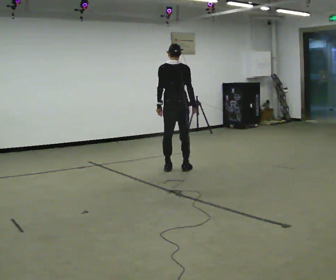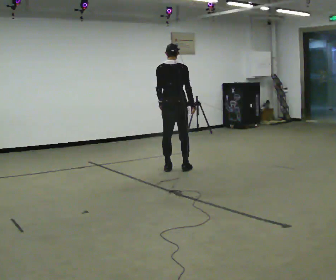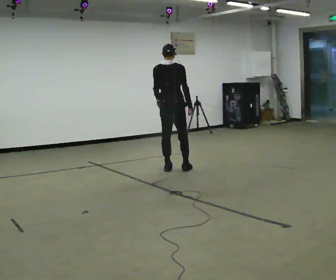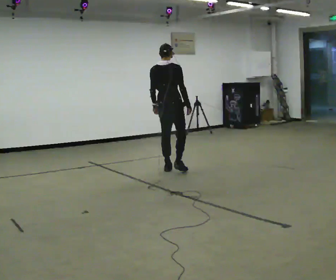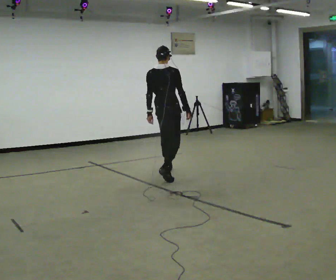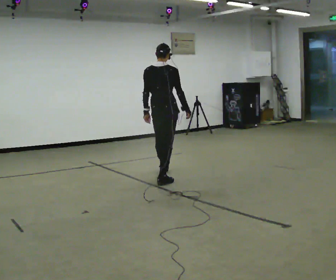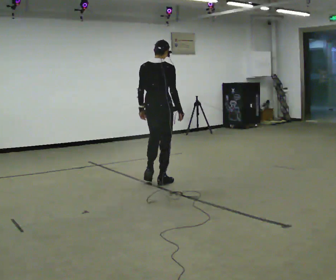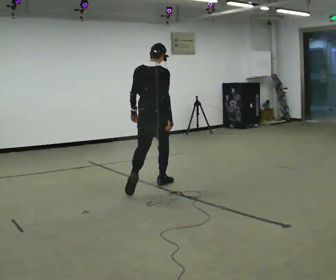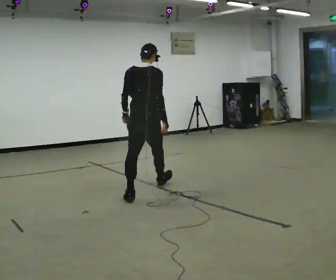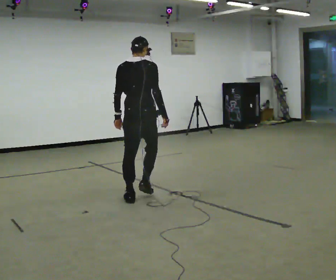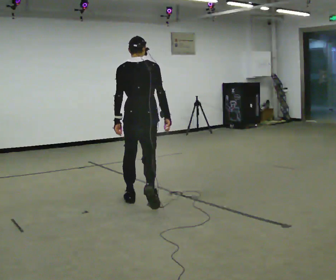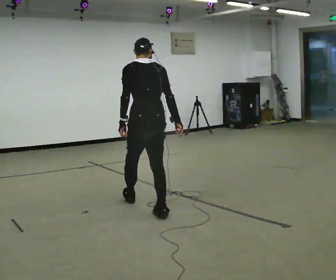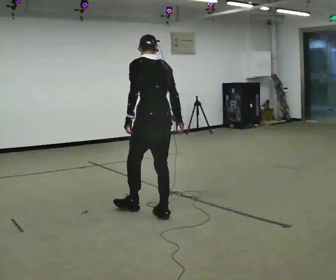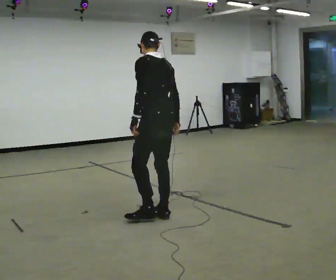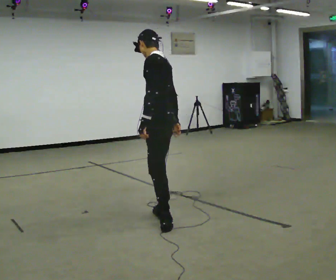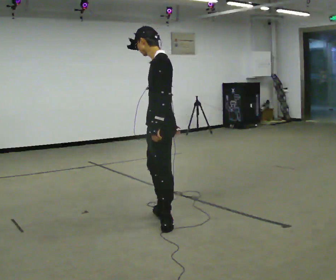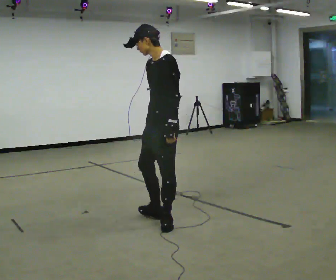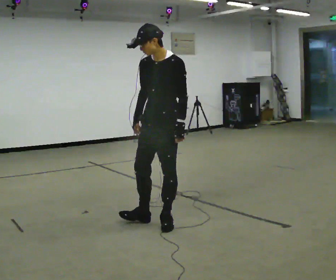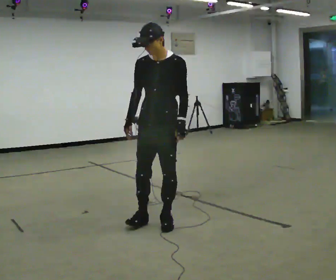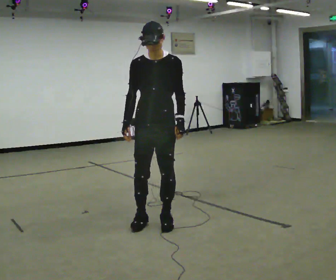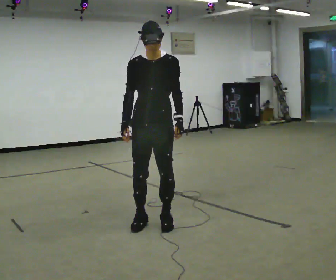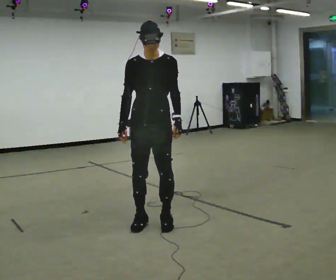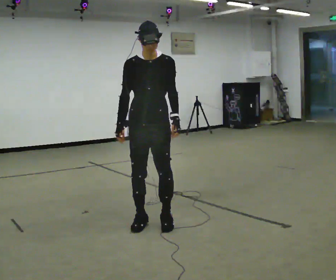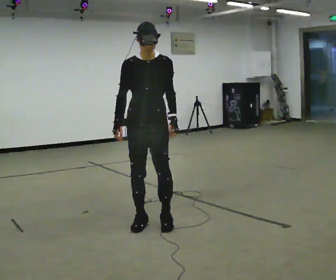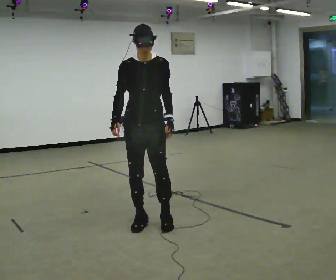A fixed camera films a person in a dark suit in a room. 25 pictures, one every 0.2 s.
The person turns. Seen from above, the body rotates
counterclockwise.
The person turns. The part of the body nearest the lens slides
to the right.
0.0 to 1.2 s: In the picture they go toward the camera, about 1 m in 2 steps, which for them is backward.
1.2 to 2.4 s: The part of the body nearest the lens slides to the right as the person turns to their left by about 60 degrees. In the picture they go toward the camera, about 1 m in 2 steps, which for them is backward.
2.4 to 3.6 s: The person turns about 135 degrees to their left, counterclockwise seen from above, so the part of the body nearest the lens slides to the right. In the picture they go toward the camera, about 0.25 m in 1 step. The upper body tips toward the camera, its near side rolling downward. In the picture their right hand goes to the left, the arm swinging clockwise.
3.6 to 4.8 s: In the picture they go to the left, about 0.25 m, which for them is to their right.
The film runs backward here.
